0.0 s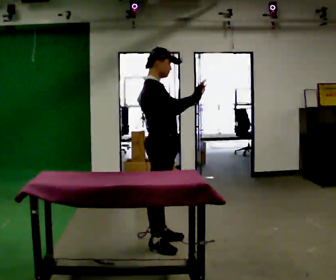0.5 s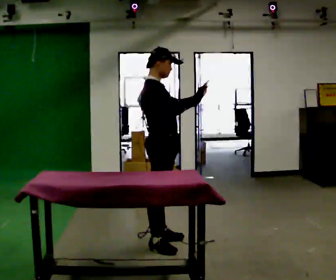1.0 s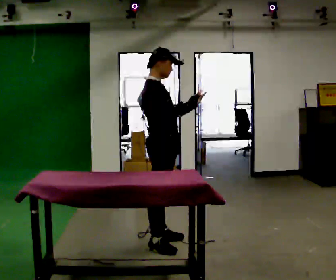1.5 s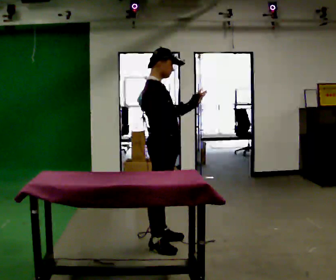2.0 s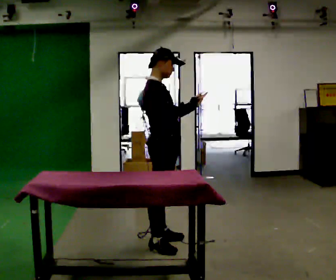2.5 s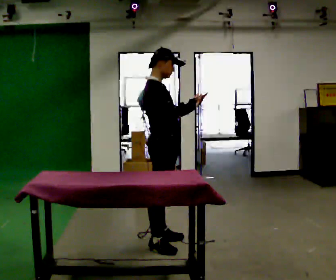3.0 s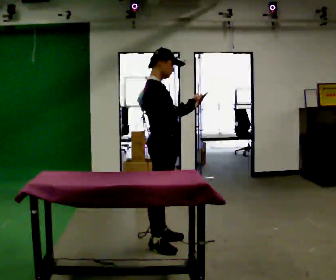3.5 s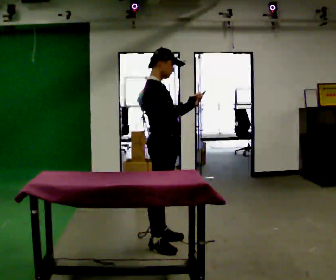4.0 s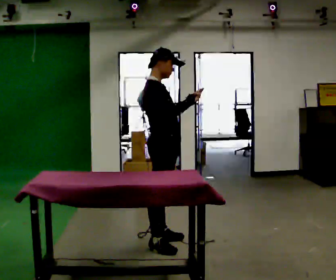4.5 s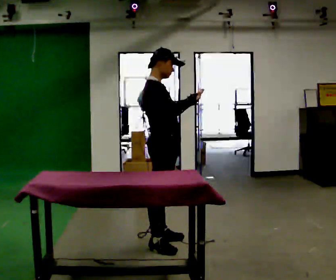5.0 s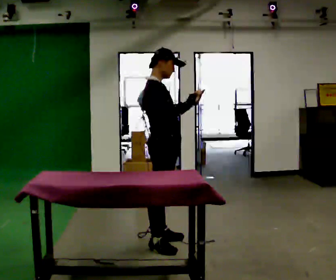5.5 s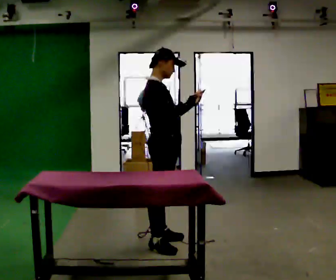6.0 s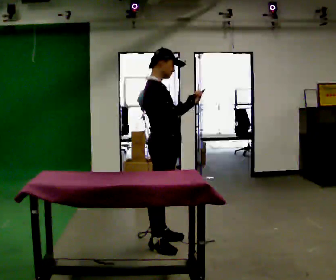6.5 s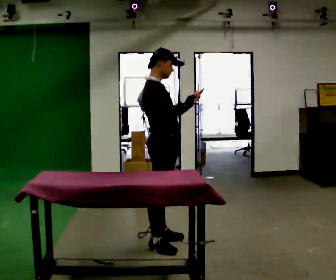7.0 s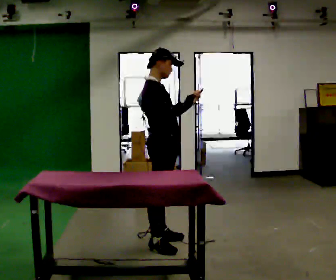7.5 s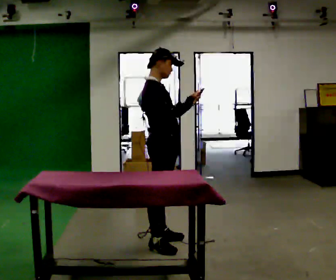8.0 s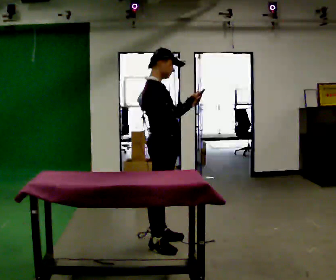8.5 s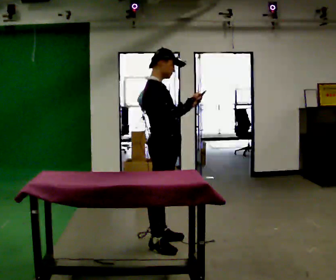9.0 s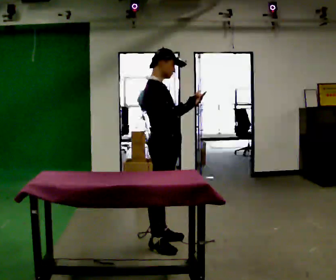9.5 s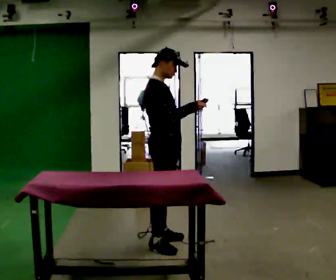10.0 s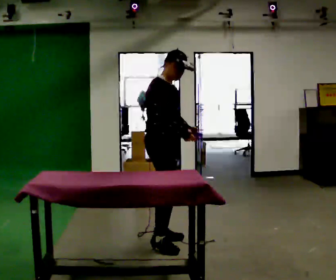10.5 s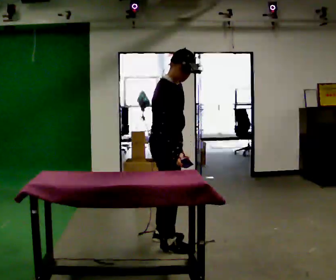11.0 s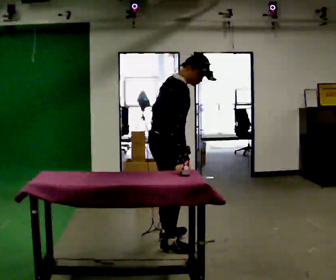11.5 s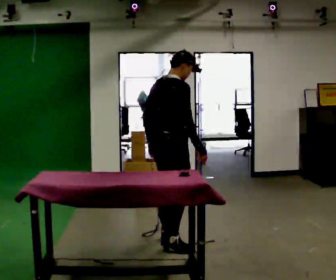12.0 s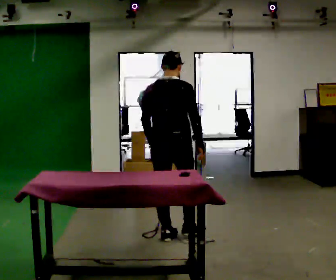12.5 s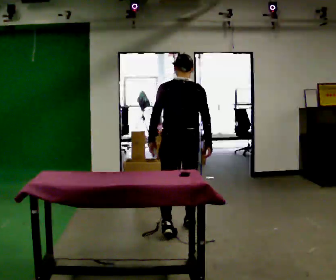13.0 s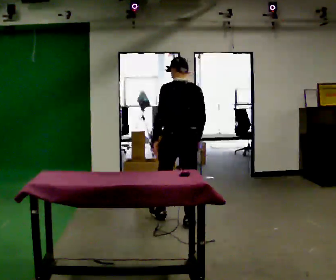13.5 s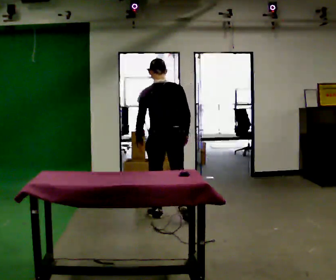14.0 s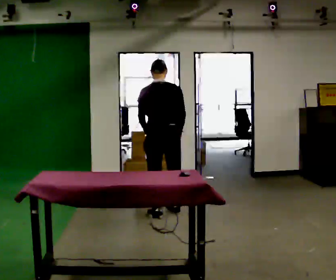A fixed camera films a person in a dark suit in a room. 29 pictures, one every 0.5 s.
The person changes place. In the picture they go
away from the camera.
0.0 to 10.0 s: The person moves a little, or ends about where they began.
10.0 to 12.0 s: The person turns about 90 degrees to their left, counterclockwise seen from above, so the part of the body nearest the lens slides to the right. In the picture they go away from the camera, about 0.25 m. In the picture their left hand goes to the left, the arm swinging clockwise.
12.0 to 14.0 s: In the picture they go away from the camera, about 1 m in 3 steps, which for them is forward.
The film runs forward here.
